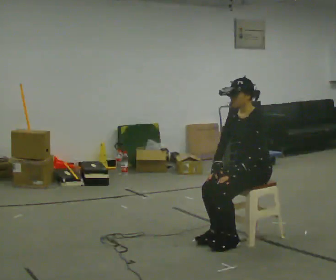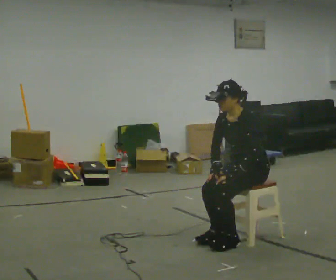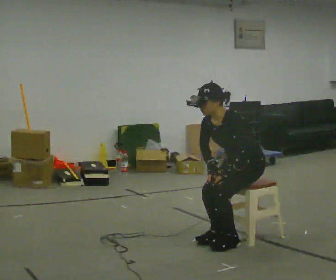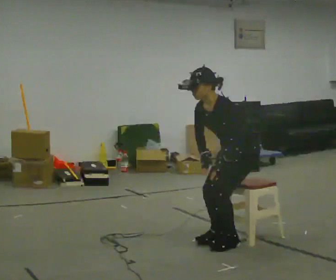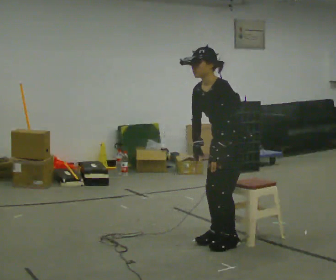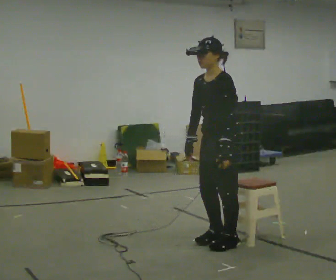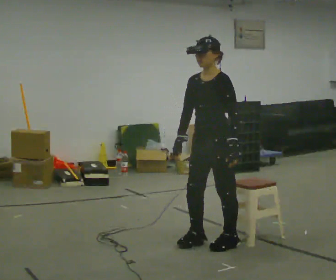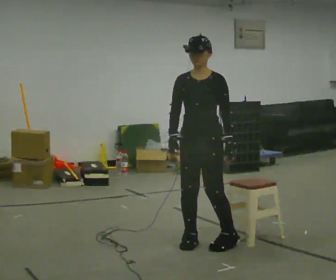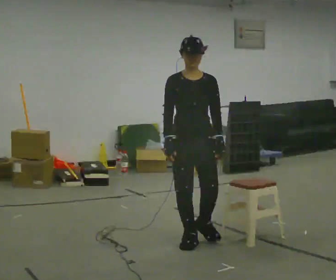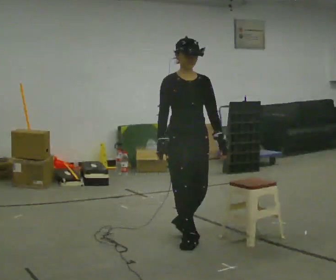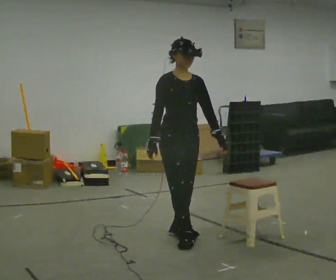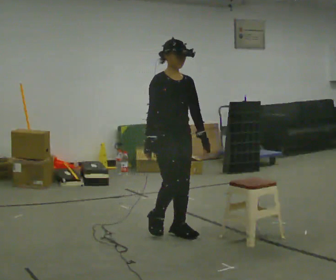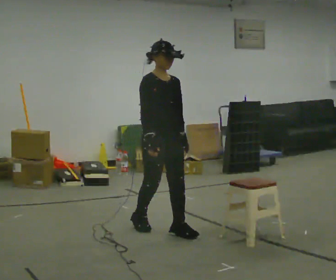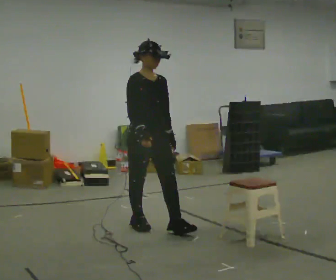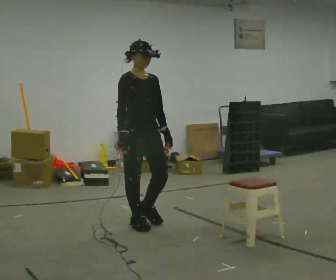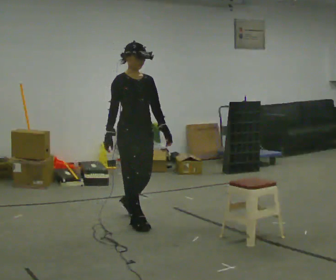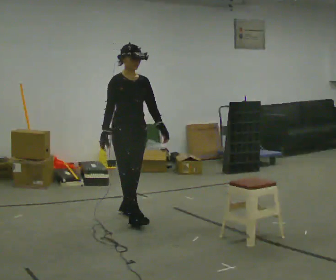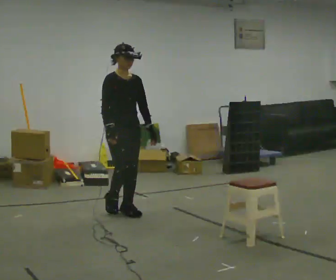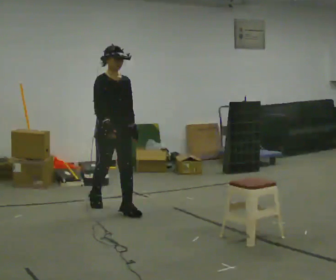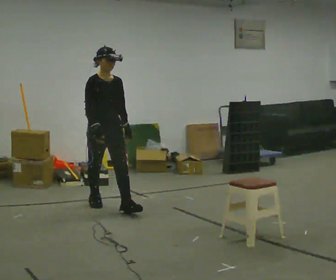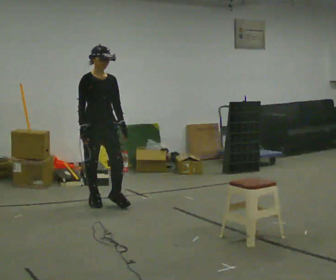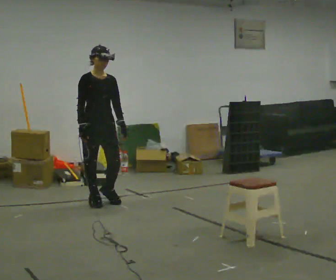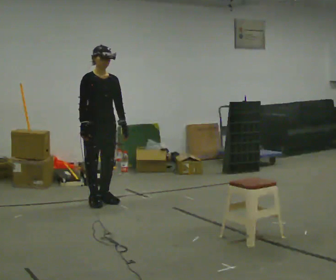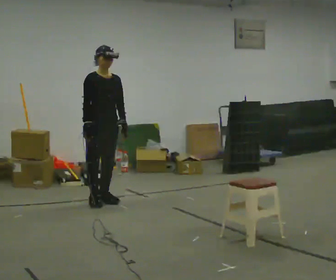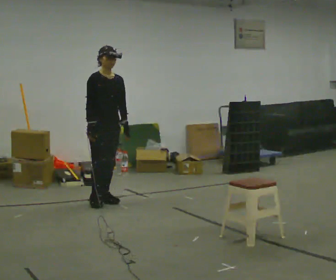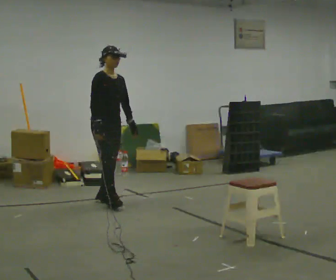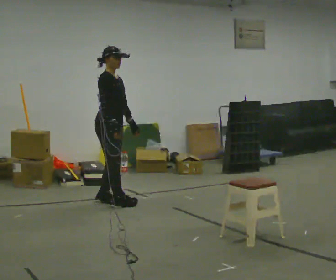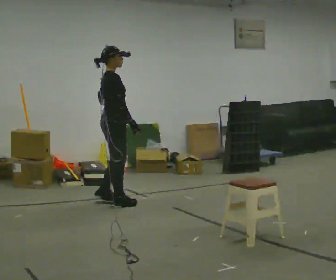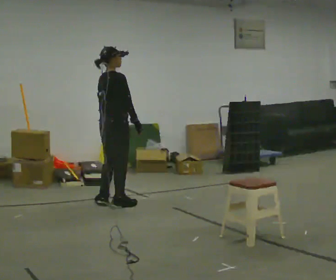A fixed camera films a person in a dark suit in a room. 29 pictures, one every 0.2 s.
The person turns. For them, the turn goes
to their left.
The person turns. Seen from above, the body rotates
counterclockwise.
0.0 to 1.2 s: In the picture they go to the left, about 0.25 m in 1 step, which for them is forward. The upper body goes upward.
1.2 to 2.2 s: Seen from above the body turns counterclockwise, about 75 degrees: to their left, with its near side sliding to the right. In the picture they go away from the camera and to the left, about 0.5 m in 2 steps.
2.2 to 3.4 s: In the picture they go away from the camera and to the left, about 1 m in 2 steps, which for them is backward.
3.4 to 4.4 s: In the picture they go away from the camera and to the left, about 0.5 m in 1 step, which for them is backward.
4.4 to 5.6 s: Seen from above the body turns counterclockwise, about 105 degrees: to their left, with its near side sliding to the right. In the picture their right hand goes to the right, the arm swinging counterclockwise.
The film runs backward here.
